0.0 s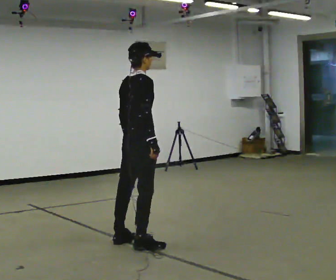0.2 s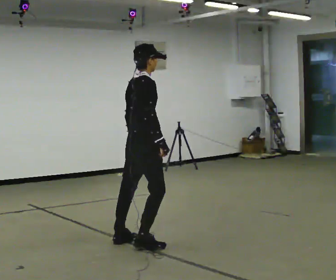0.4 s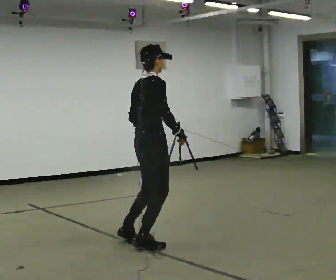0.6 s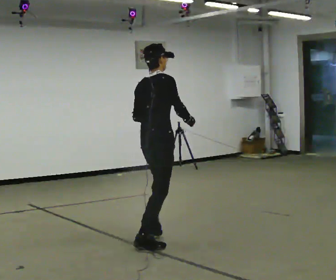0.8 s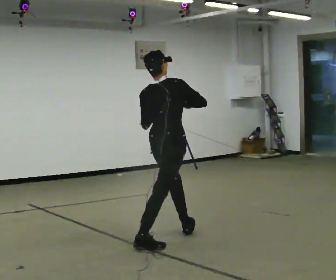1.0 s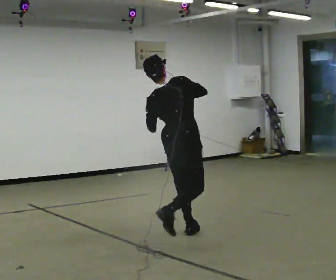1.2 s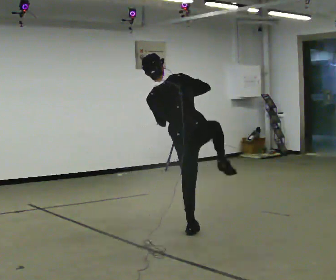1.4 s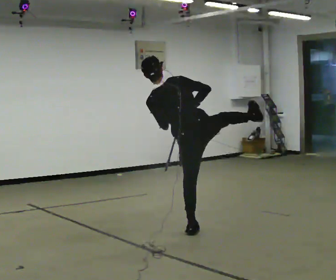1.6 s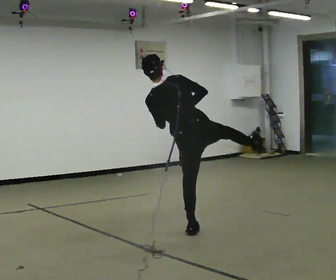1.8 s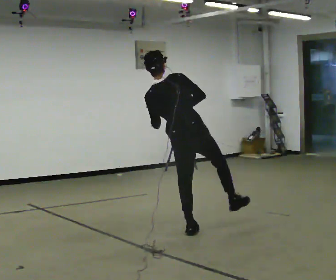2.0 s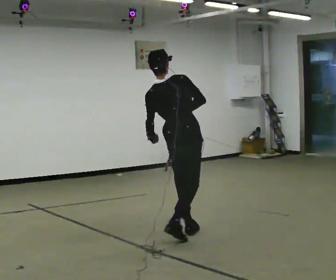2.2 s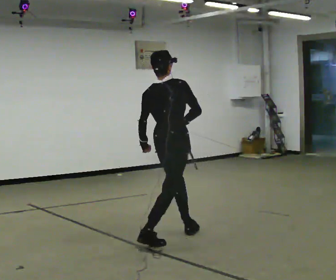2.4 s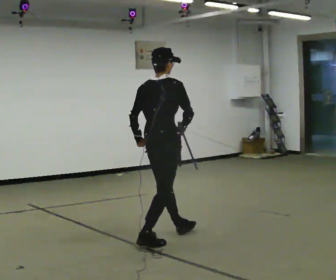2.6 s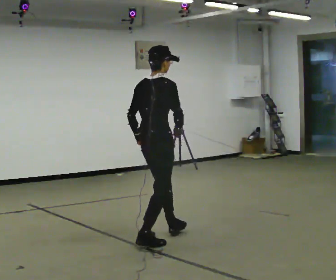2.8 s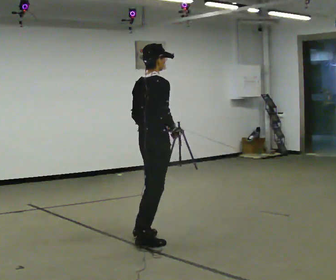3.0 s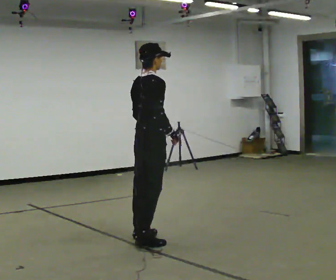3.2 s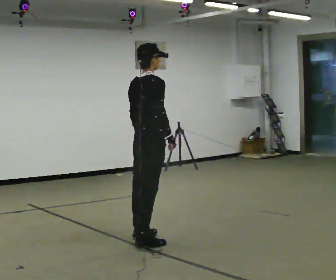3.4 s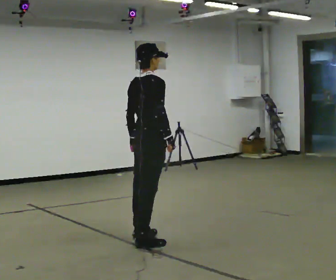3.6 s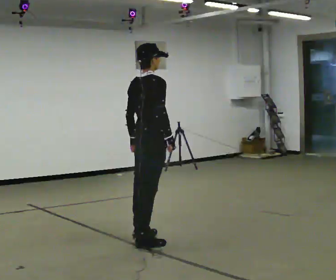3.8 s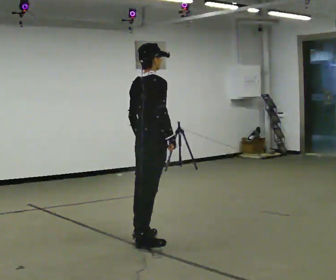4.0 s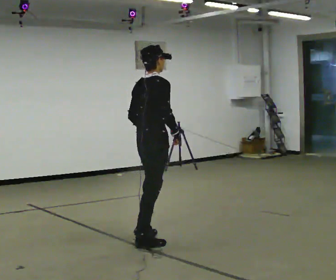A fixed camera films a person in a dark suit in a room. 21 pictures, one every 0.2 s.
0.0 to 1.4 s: Seen from above the body turns counterclockwise, about 60 degrees: to their left, with its near side sliding to the right. In the picture they go to the right and away from the camera, about 0.5 m in 1 step. In the picture the upper body tilts counterclockwise, shoulders to the left.
1.4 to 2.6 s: The person turns about 45 degrees to their right, clockwise seen from above, so the part of the body nearest the lens slides to the left. In the picture they go to the left and toward the camera, about 0.5 m, which for them is to their left and backward. In the picture the upper body tilts clockwise, shoulders to the right.
2.6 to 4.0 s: The person moves a little, or ends about where they began.
The film runs forward here.
